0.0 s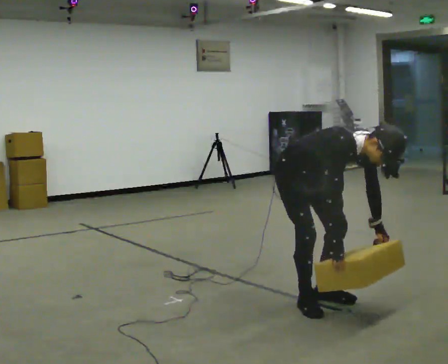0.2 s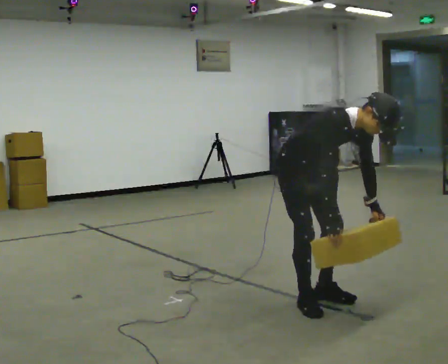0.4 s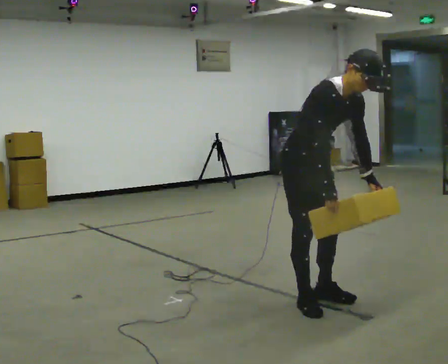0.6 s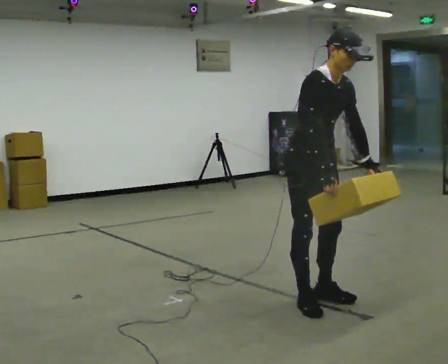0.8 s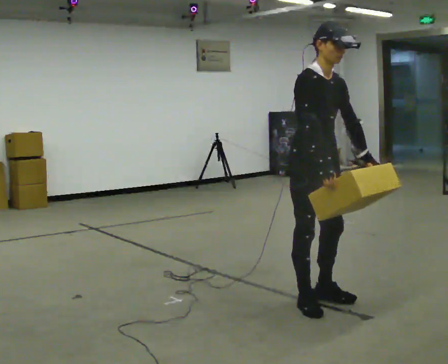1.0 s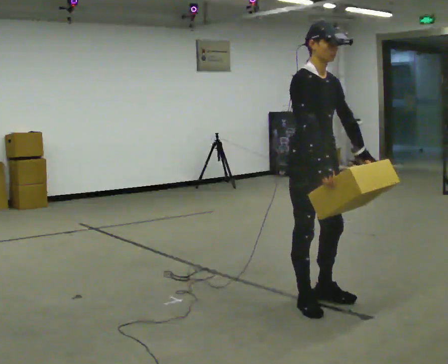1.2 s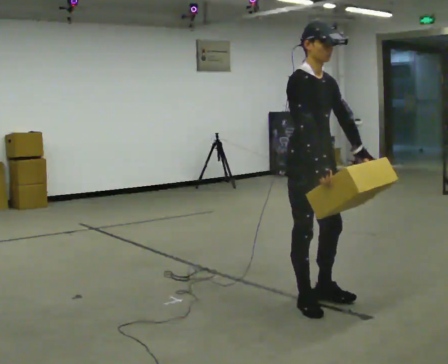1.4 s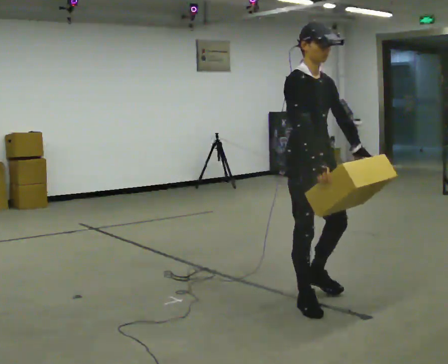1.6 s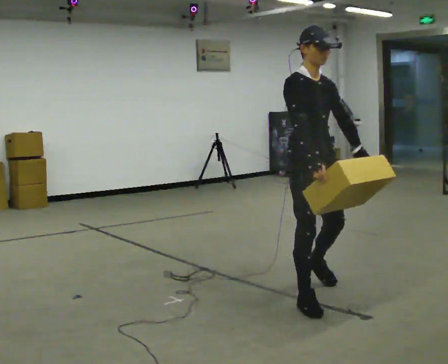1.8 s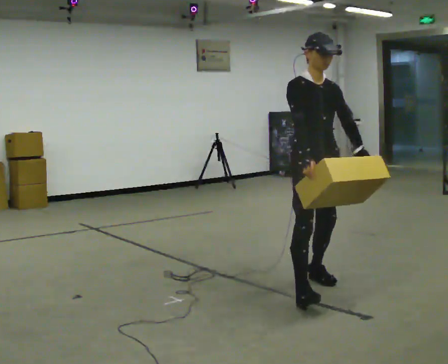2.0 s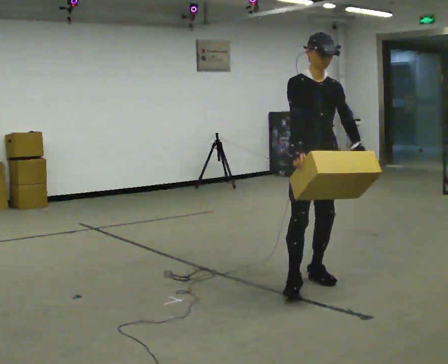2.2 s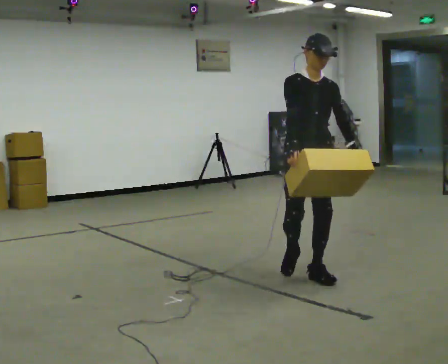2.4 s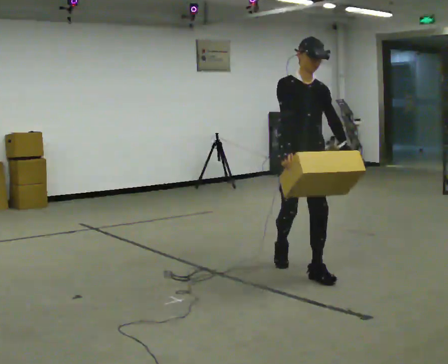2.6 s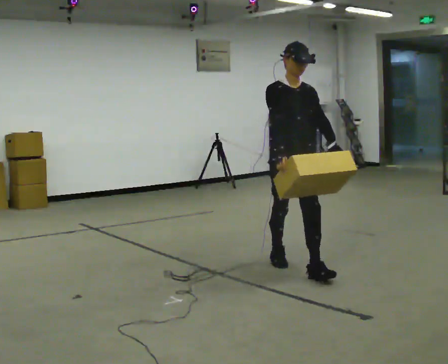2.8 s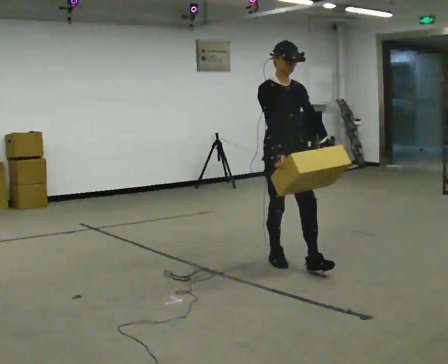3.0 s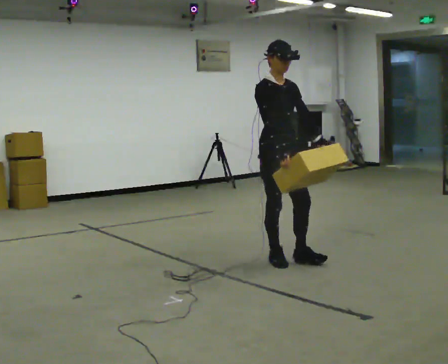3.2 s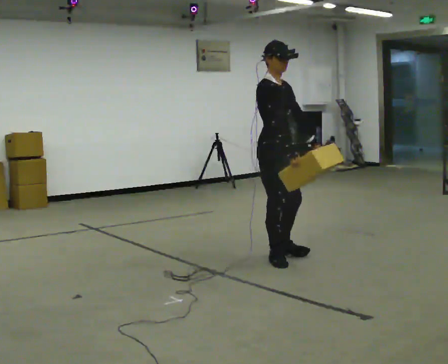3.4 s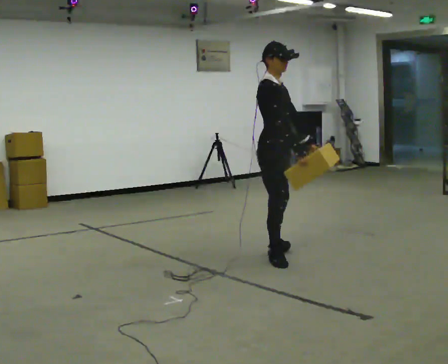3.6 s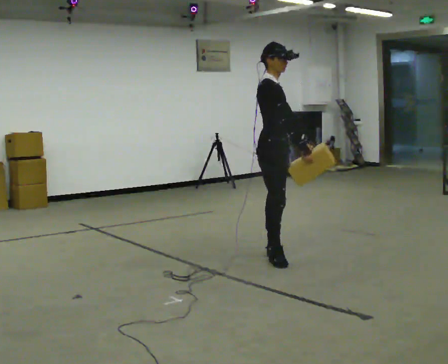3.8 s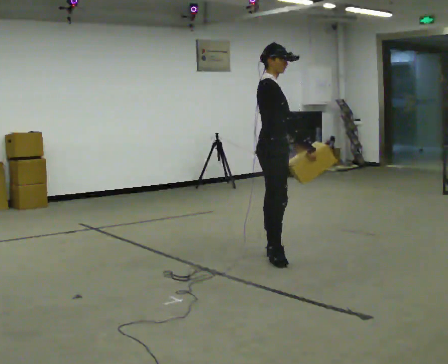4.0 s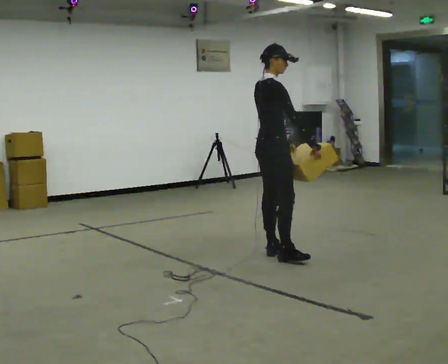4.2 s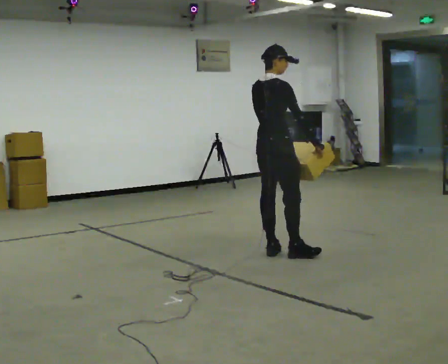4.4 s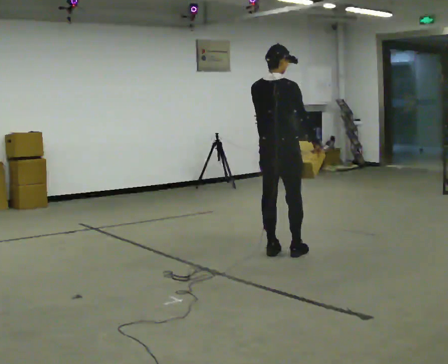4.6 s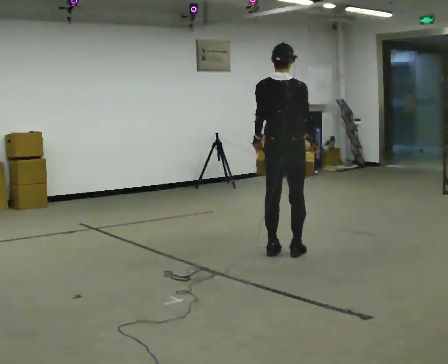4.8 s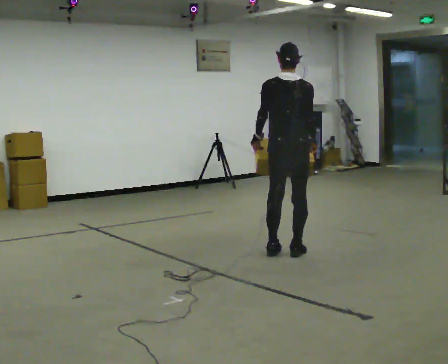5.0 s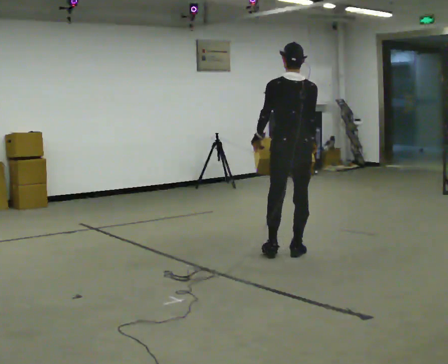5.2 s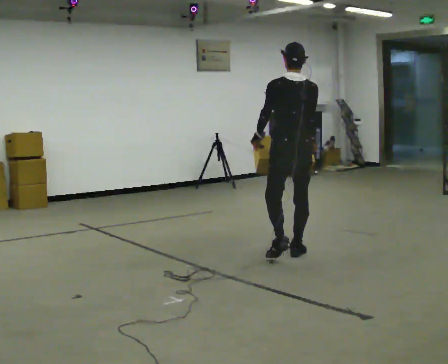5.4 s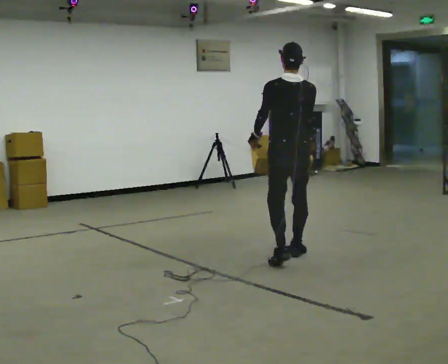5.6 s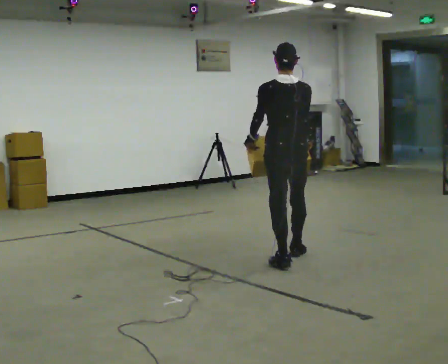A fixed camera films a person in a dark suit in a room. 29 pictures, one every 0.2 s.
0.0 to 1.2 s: The shoulders move upward. In the picture the upper body tilts counterclockwise, shoulders to the left, as they lean back or straighten. In the picture their right hand goes upward.
1.2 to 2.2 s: The part of the body nearest the lens slides to the left as the person turns to their right by about 30 degrees. In the picture they go away from the camera, about 0.5 m in 2 steps, which for them is to their left and backward.
2.2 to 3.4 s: The part of the body nearest the lens slides to the right as the person turns to their left by about 60 degrees. In the picture they go away from the camera and to the left, about 0.5 m in 1 step, which for them is backward.
3.4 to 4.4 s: Seen from above the body turns counterclockwise, about 75 degrees: to their left, with its near side sliding to the right. In the picture they go away from the camera, about 0.25 m in 1 step.
4.4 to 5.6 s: The person turns about 45 degrees to their left, counterclockwise seen from above, so the part of the body nearest the lens slides to the right.
The film runs backward here.
